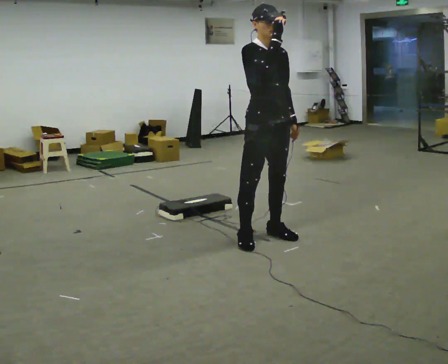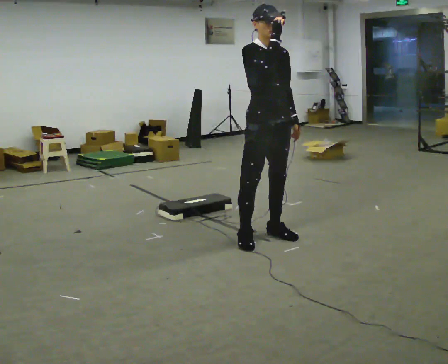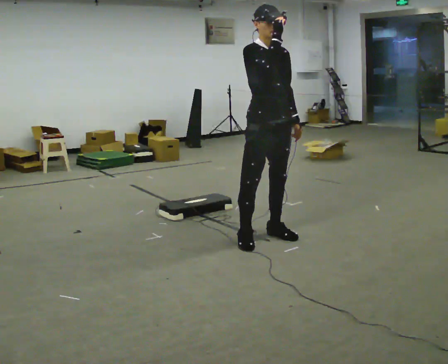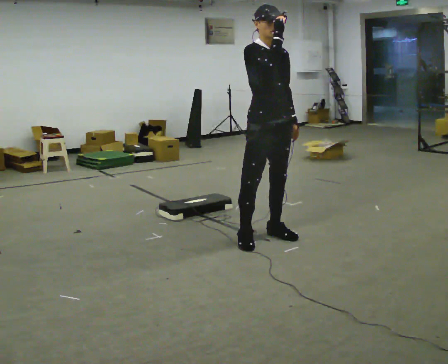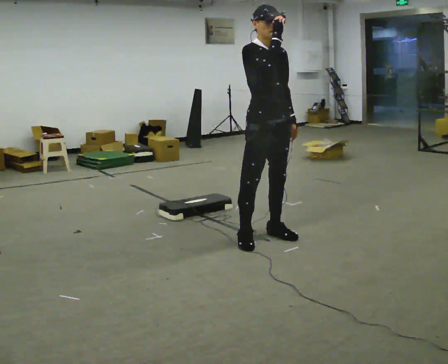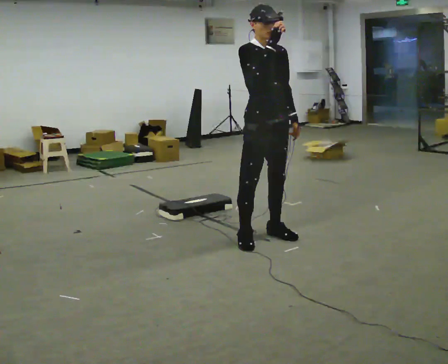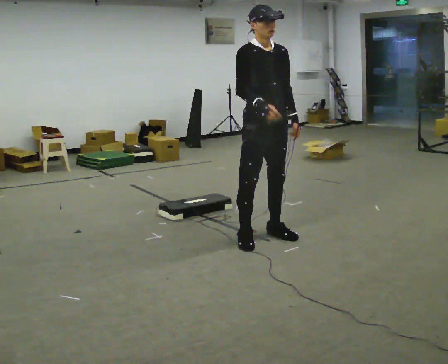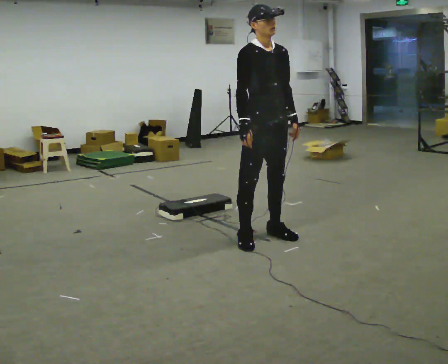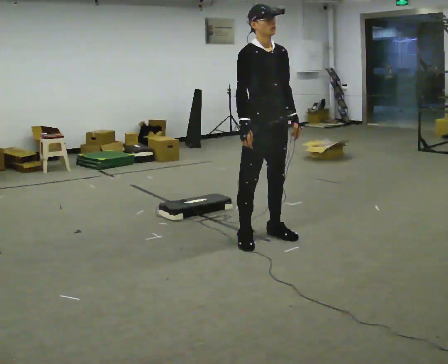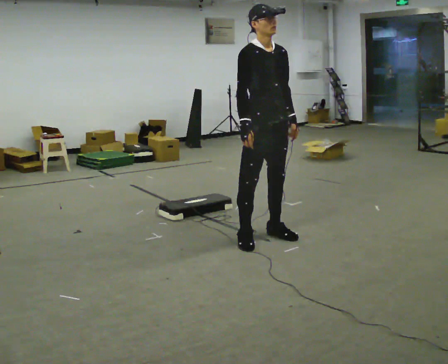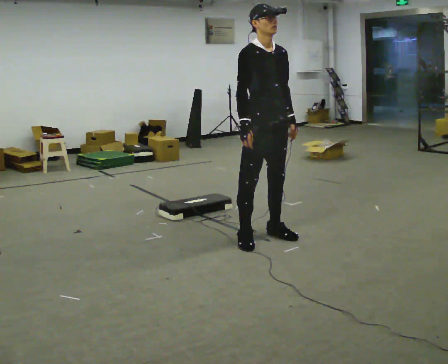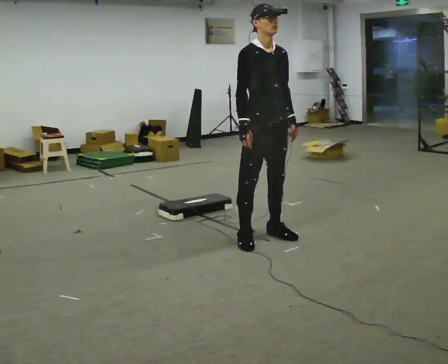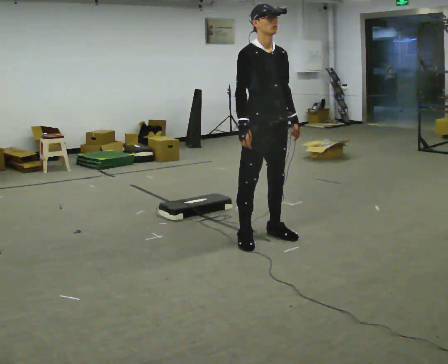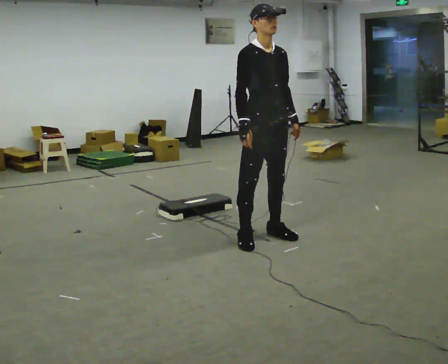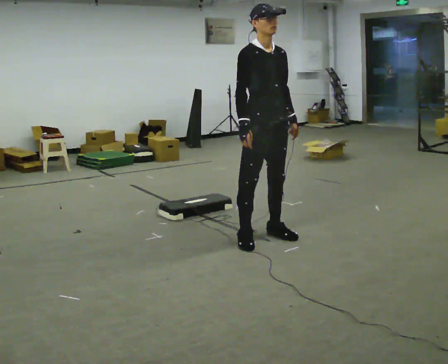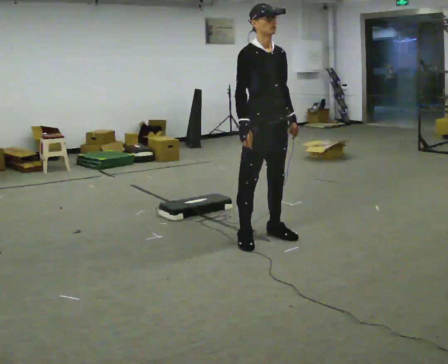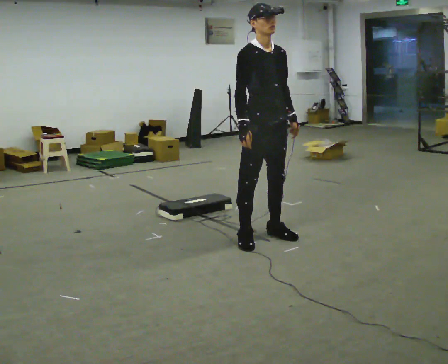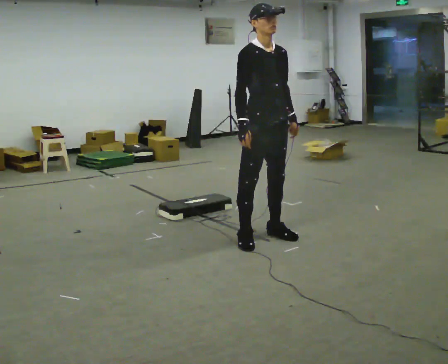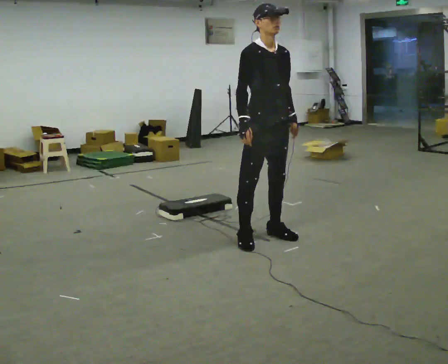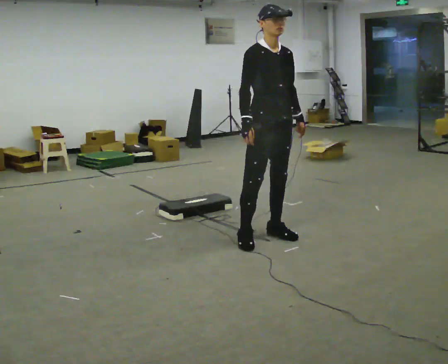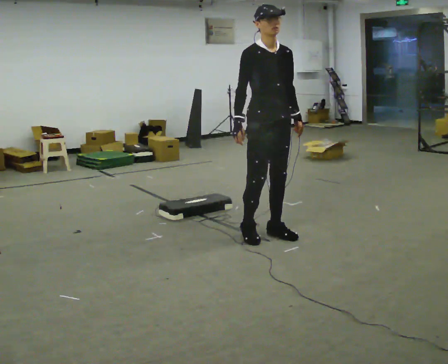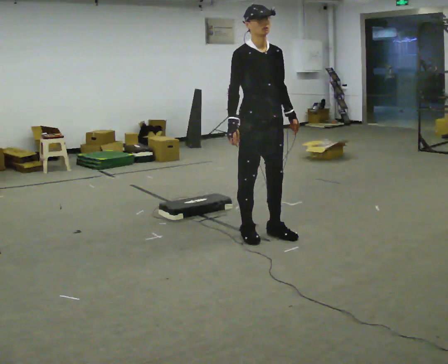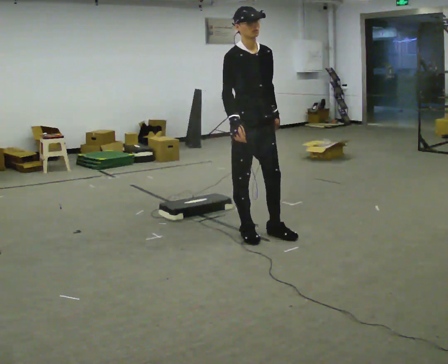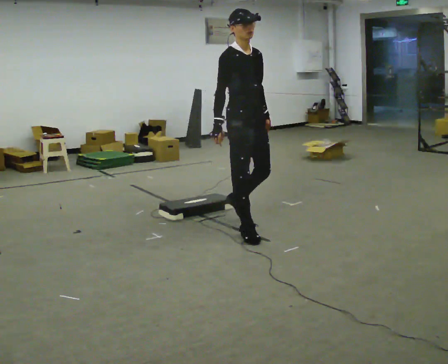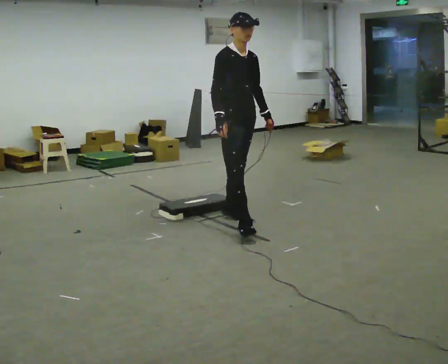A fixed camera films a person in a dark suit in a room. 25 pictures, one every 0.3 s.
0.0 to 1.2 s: The person moves a little, or ends about where they began.
1.2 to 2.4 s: In the picture their right hand goes downward.
2.4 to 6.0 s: The person moves a little, or ends about where they began.
6.0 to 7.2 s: In the picture they go away from the camera and to the left, about 0.5 m in 2 steps, which for them is backward.
The film runs backward here.
